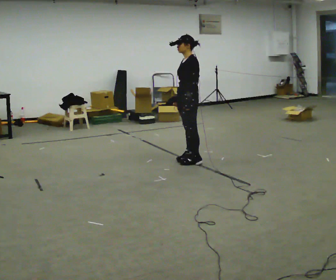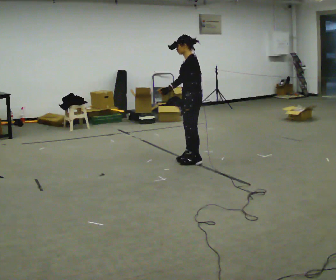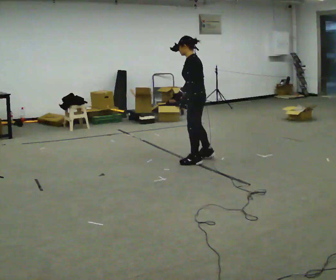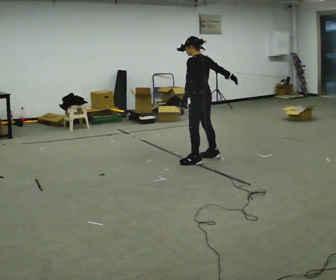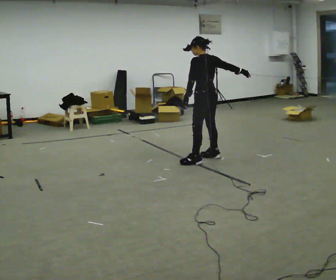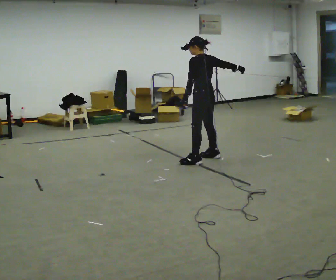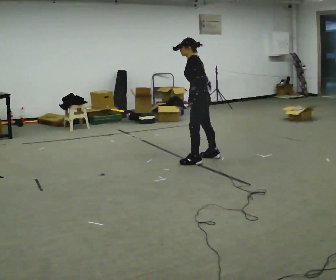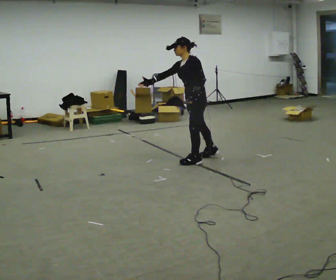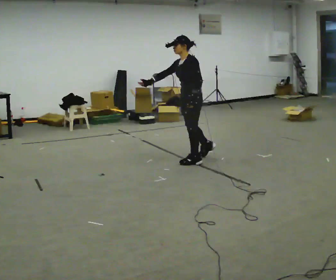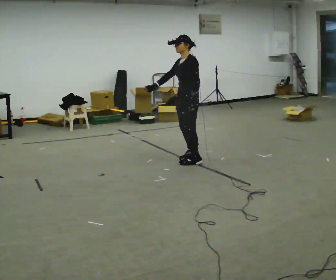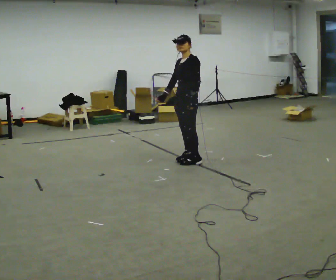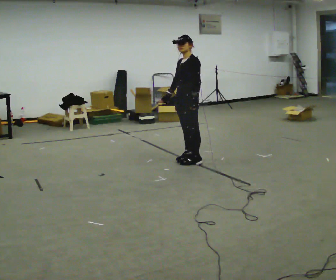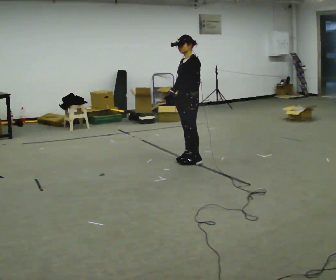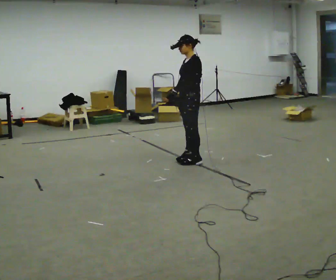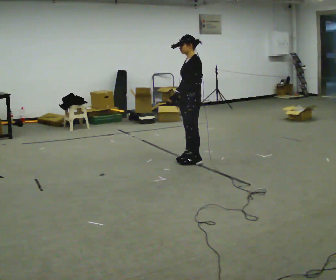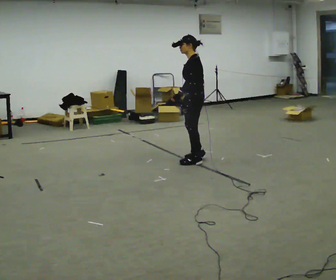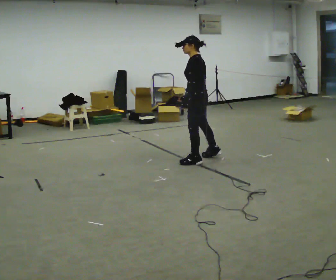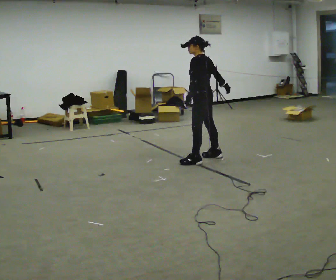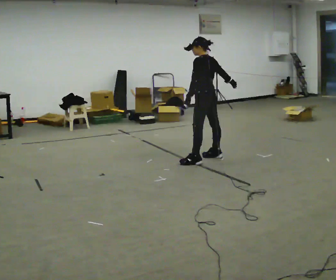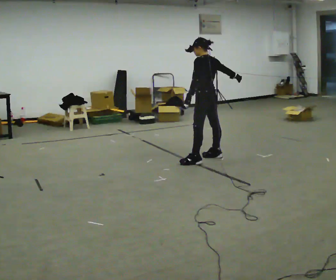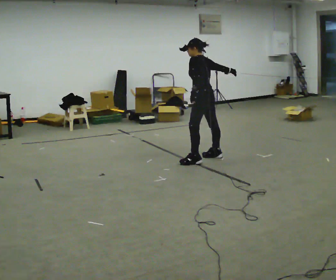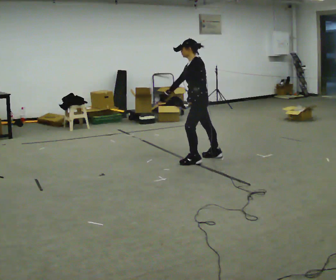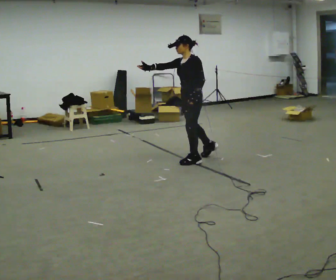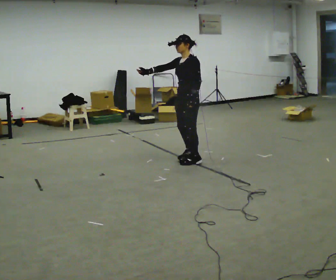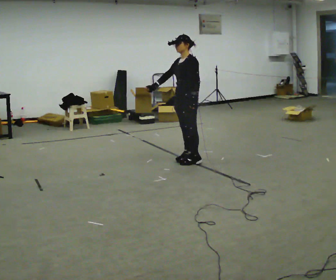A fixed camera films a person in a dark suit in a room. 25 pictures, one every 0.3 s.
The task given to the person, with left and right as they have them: Mime a bowling delivery with no ball: approach in place, swing down and release. Repeat the movement at your own pace until the operator says stop; do not rush.
0.0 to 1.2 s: Seen from above the body turns clockwise, about 60 degrees: to their right, with its near side sliding to the left. In the picture they go to the right, about 0.25 m in 1 step. In the picture their right hand goes to the right and upward.
1.2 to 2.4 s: The person turns about 60 degrees to their left, counterclockwise seen from above, so the part of the body nearest the lens slides to the right. In the picture they go to the left, about 0.25 m. In the picture their right hand goes to the left, the arm swinging clockwise.
2.4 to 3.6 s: The person moves a little, or ends about where they began.
3.6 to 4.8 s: The part of the body nearest the lens slides to the left as the person turns to their right by about 30 degrees.
4.8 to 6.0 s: In the picture their right hand goes to the right, the arm swinging counterclockwise.
6.0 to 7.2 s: The part of the body nearest the lens slides to the right as the person turns to their left by about 60 degrees. In the picture they go to the left, about 0.25 m in 1 step, which for them is forward. In the picture their right hand goes to the left.
The film runs forward here.
